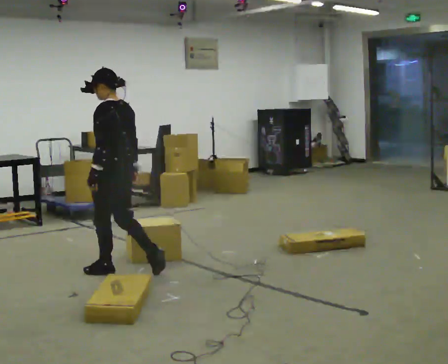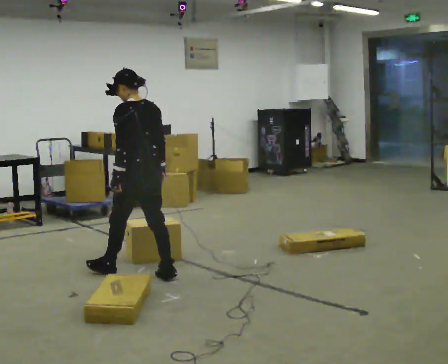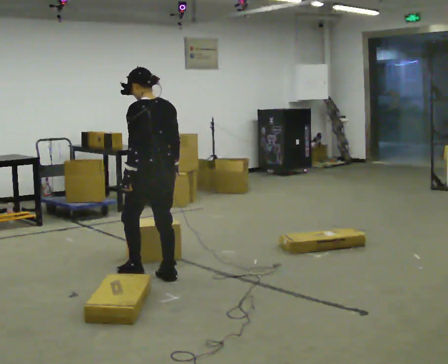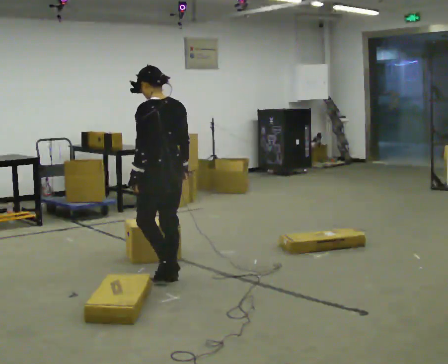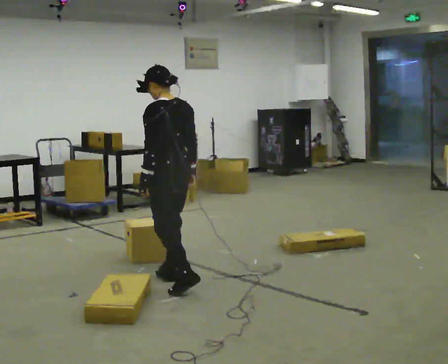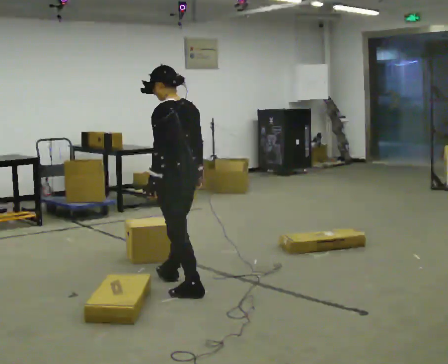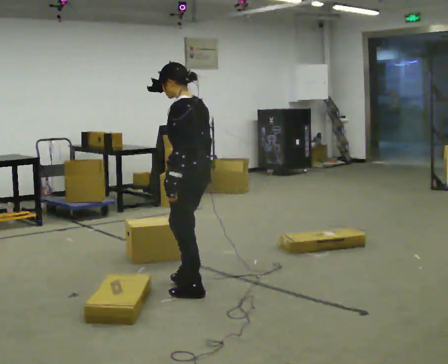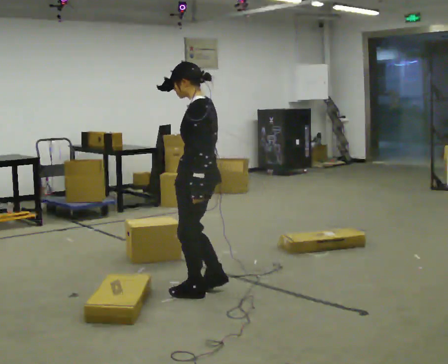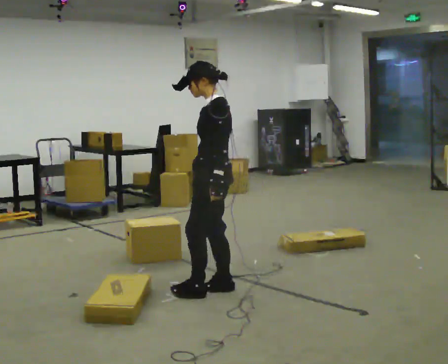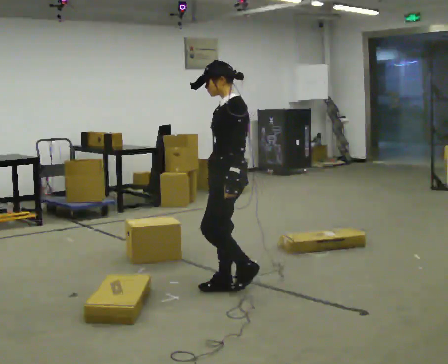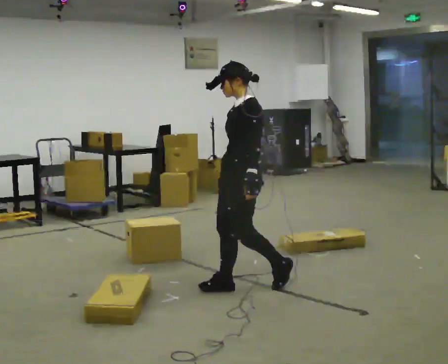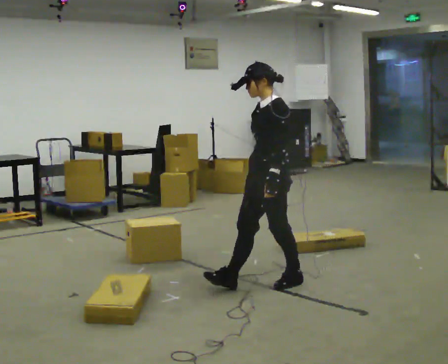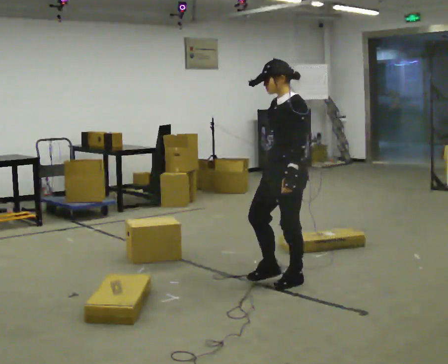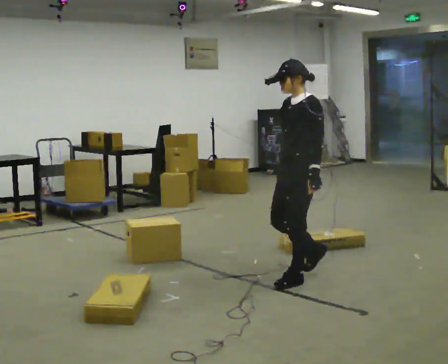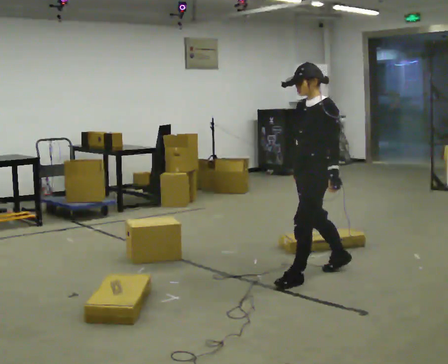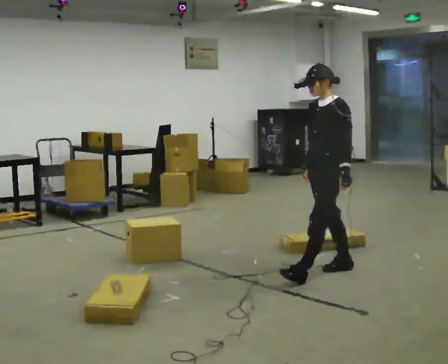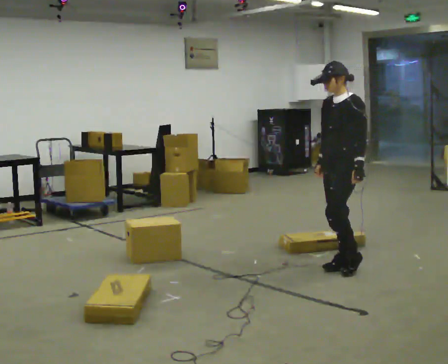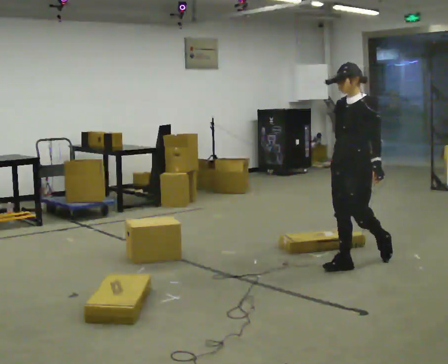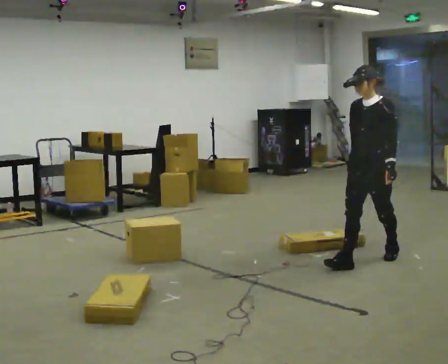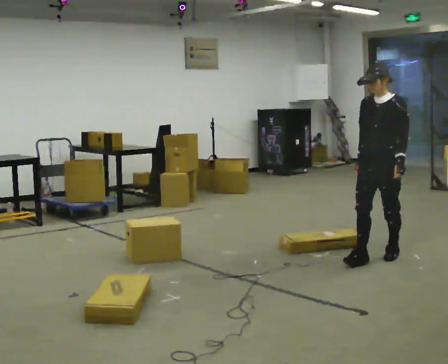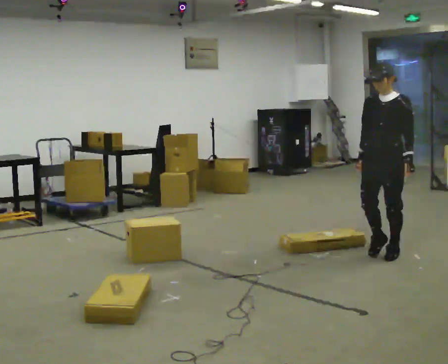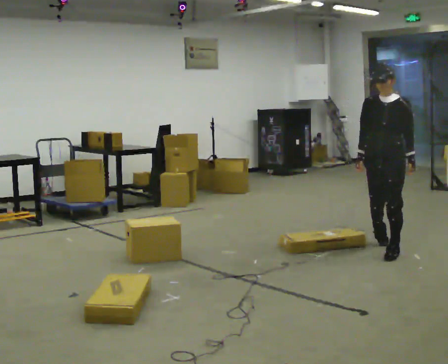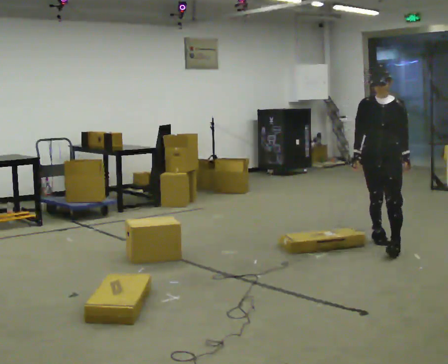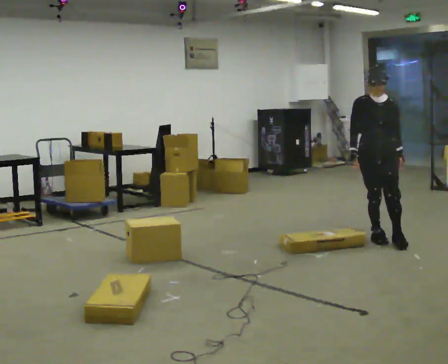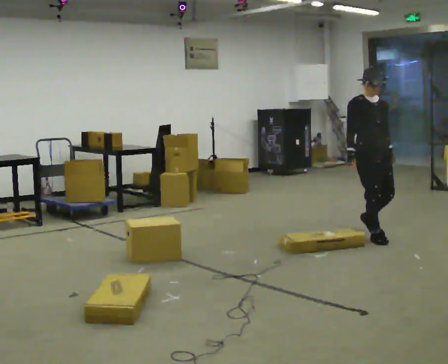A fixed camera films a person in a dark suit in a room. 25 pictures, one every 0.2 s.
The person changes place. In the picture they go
to the right.
The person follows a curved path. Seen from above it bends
counterclockwise.
0.0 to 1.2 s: In the picture they go to the right and toward the camera, about 0.75 m in 2 steps, which for them is backward.
1.2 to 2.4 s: The part of the body nearest the lens slides to the right as the person turns to their left by about 45 degrees. In the picture they go to the right, about 0.75 m in 2 steps, which for them is backward.
2.4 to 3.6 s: In the picture they go to the right and away from the camera, about 1 m in 1 step, which for them is backward.
3.6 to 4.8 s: The person turns about 75 degrees to their left, counterclockwise seen from above, so the part of the body nearest the lens slides to the right. In the picture they go away from the camera, about 0.75 m in 2 steps.
The film runs backward here.
